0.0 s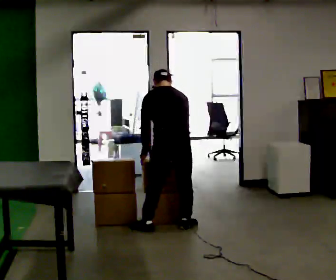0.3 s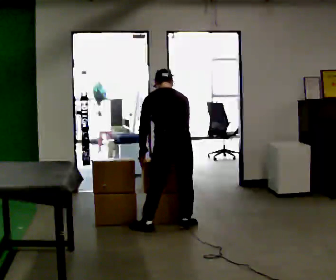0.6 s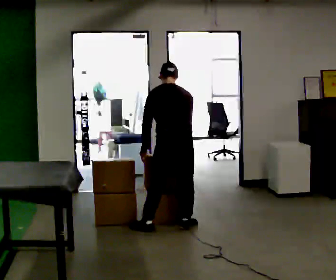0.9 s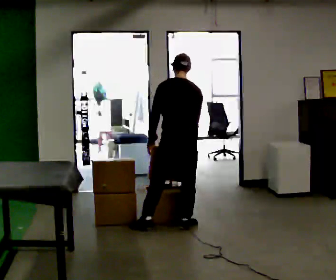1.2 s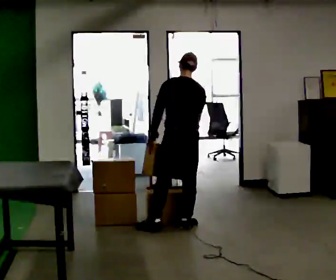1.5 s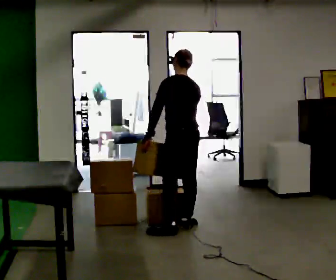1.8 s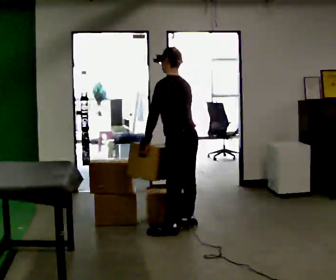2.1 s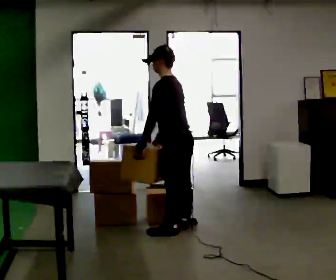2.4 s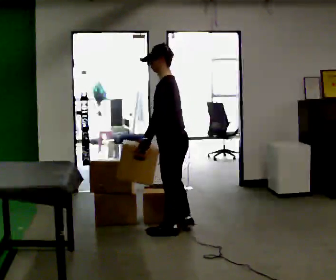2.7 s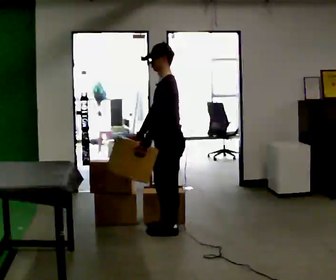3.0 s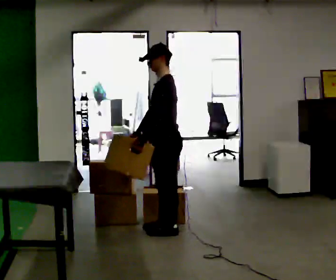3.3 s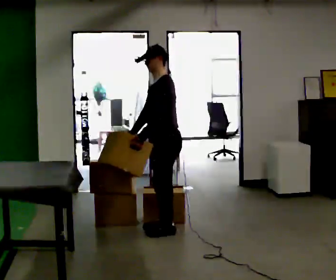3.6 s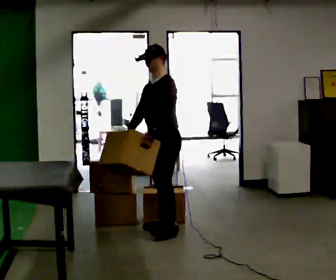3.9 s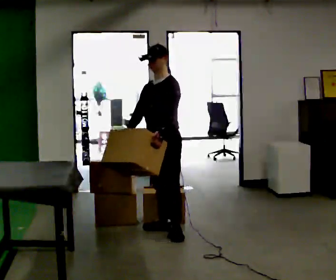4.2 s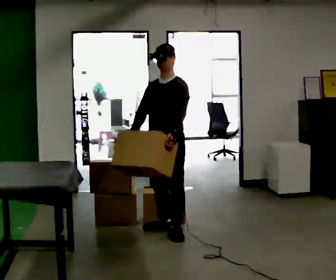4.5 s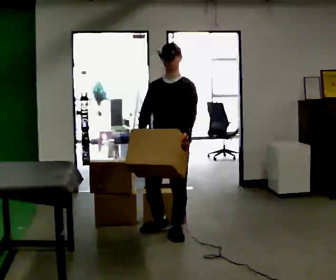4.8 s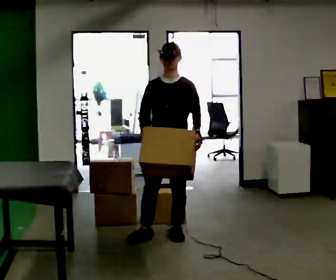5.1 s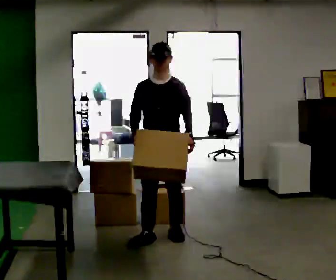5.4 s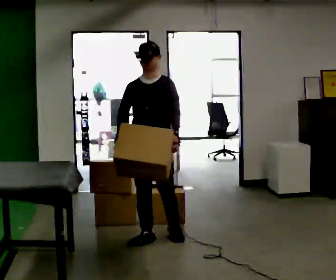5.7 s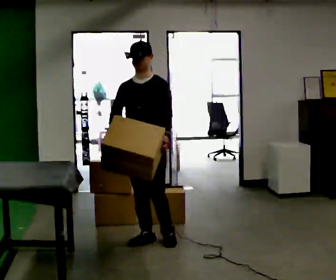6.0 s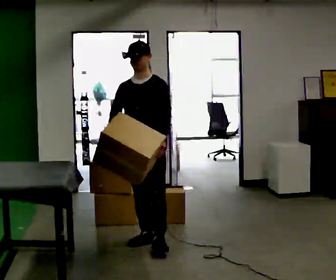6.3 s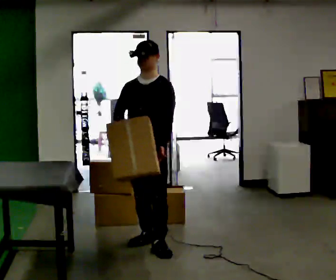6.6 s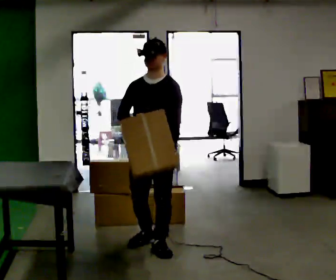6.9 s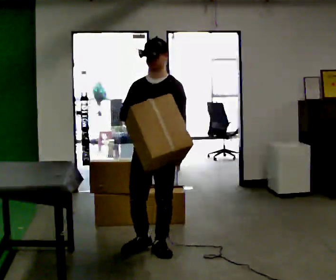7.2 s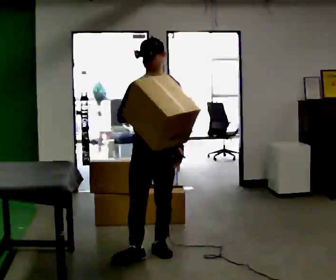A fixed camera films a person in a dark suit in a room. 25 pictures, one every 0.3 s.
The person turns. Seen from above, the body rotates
counterclockwise.
Their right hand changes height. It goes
upward.
0.0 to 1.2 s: The upper body tips toward the camera, its near side rolling downward, as they lean back or straighten.
1.2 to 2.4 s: Seen from above the body turns counterclockwise, about 60 degrees: to their left, with its near side sliding to the right. The upper body tips toward the camera, its near side rolling downward.
2.4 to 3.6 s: The part of the body nearest the lens slides to the right as the person turns to their left by about 45 degrees.
3.6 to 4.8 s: The person turns about 45 degrees to their left, counterclockwise seen from above, so the part of the body nearest the lens slides to the right. In the picture they go toward the camera, about 0.25 m, which for them is forward and to their left. In the picture their left hand goes to the right.
4.8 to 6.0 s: In the picture they go to the left and toward the camera, about 0.25 m in 2 steps, which for them is forward and to their right.
6.0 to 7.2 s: In the picture they go toward the camera, about 0.25 m in 1 step, which for them is forward and to their left.
The film runs forward here.
